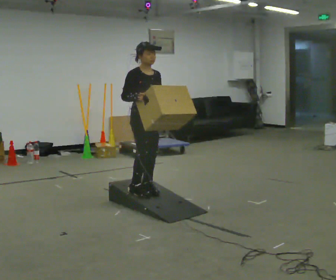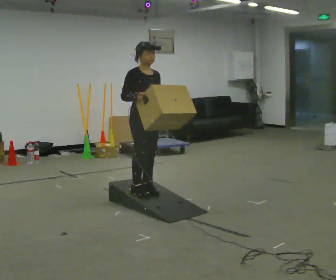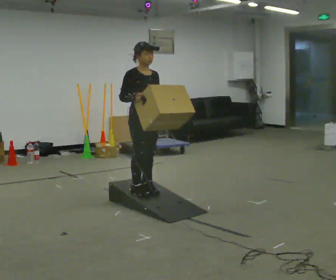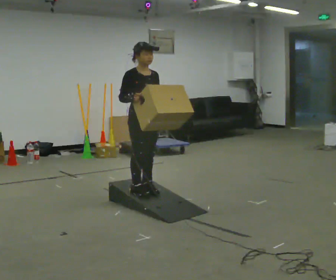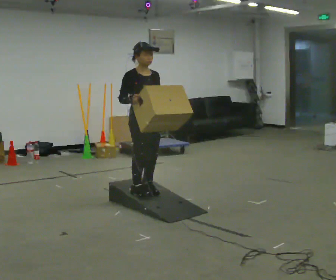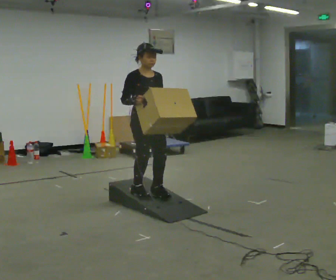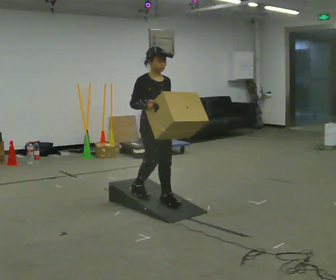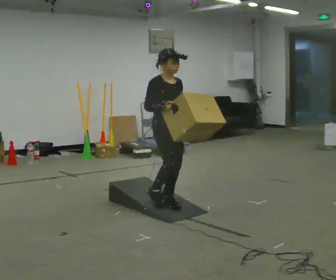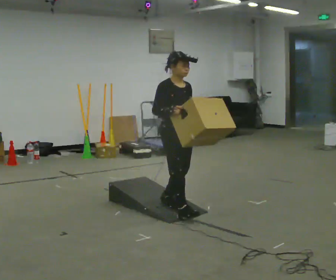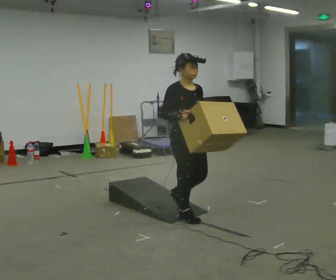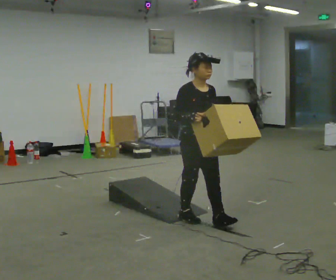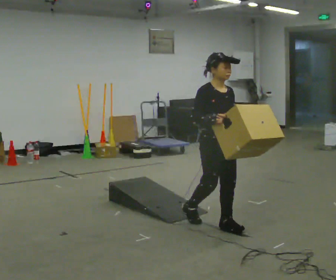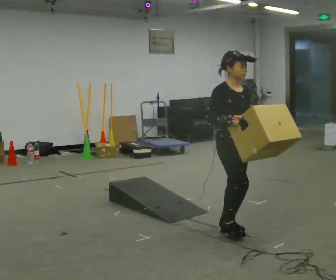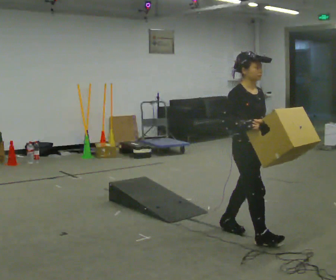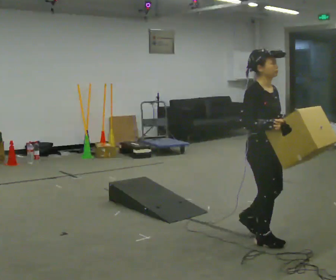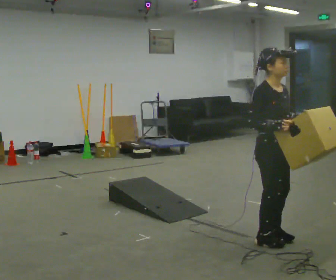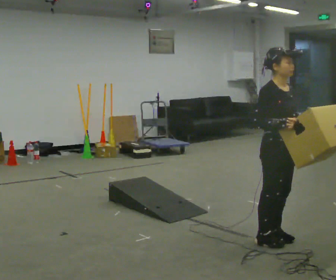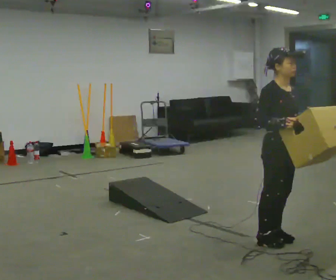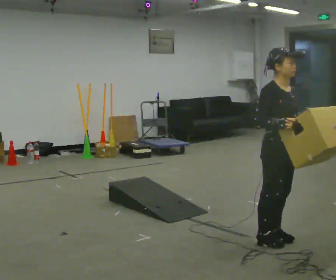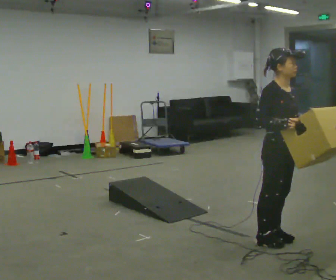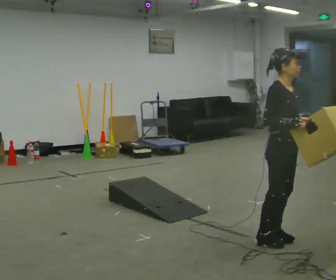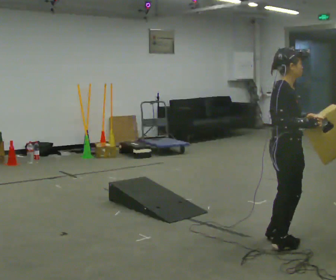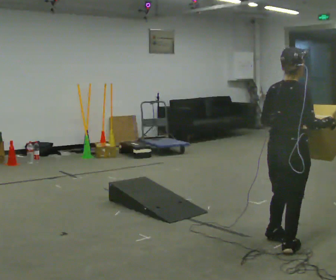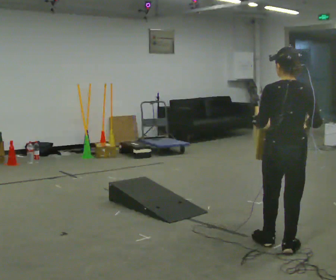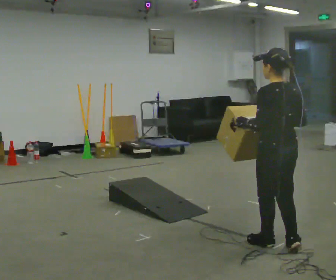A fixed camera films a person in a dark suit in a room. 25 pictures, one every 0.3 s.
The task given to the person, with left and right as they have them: Carry the box up the ramp, turn at the top, and carry it back down. Keep going until the operator says stop; one object at a time, and do not rush between trips.
0.0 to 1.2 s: The person moves a little, or ends about where they began.
1.2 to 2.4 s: In the picture they go to the right and toward the camera, about 0.5 m in 2 steps, which for them is forward.
2.4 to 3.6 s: In the picture they go to the right and toward the camera, about 0.75 m in 1 step, which for them is forward.
3.6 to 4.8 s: In the picture they go to the right and toward the camera, about 0.5 m in 2 steps, which for them is forward.
4.8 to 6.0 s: The person moves a little, or ends about where they began.
6.0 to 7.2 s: The person turns about 150 degrees to their left, counterclockwise seen from above, so the part of the body nearest the lens slides to the right.
The film runs forward here.
